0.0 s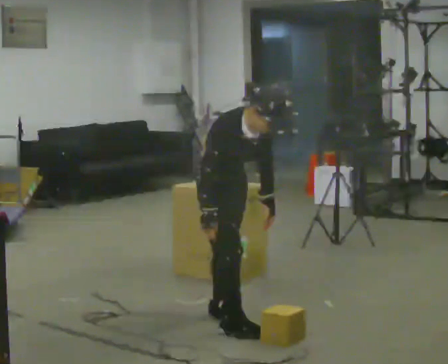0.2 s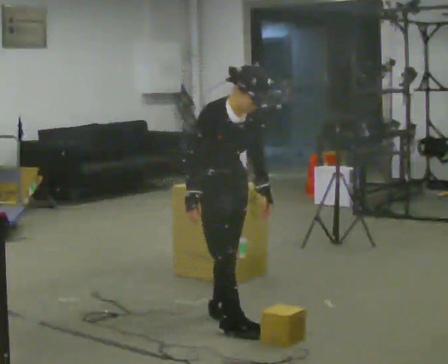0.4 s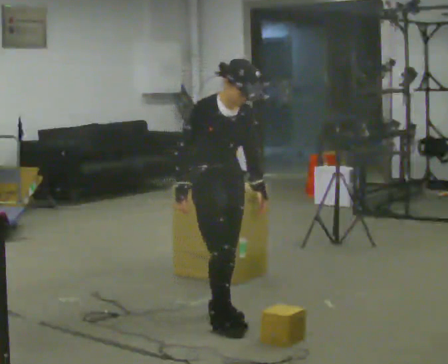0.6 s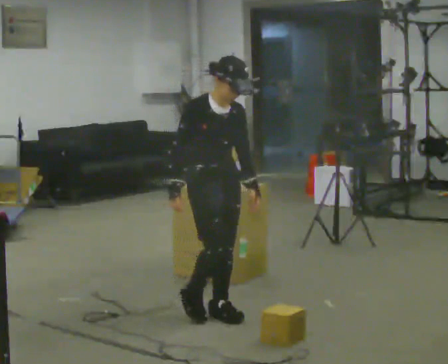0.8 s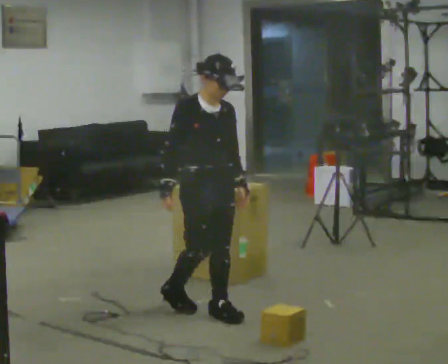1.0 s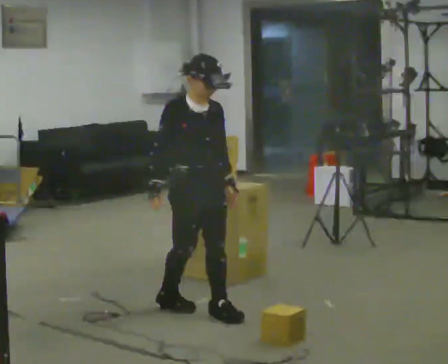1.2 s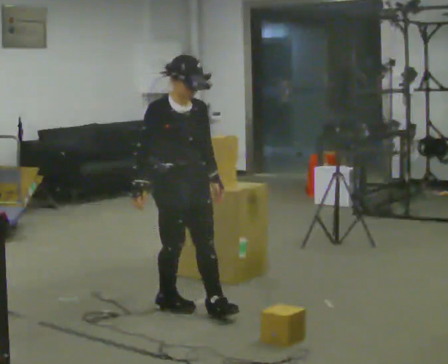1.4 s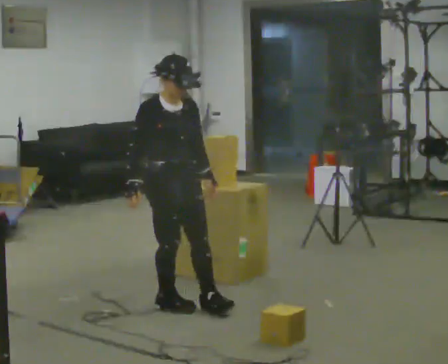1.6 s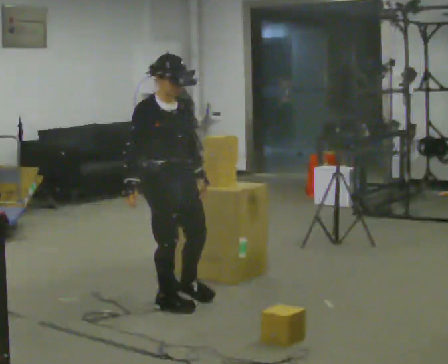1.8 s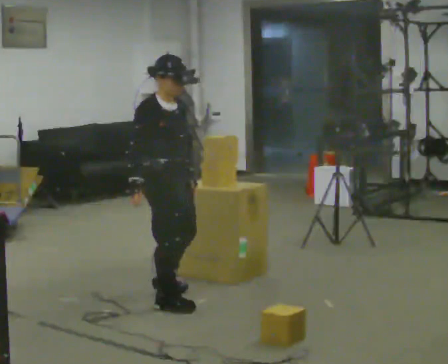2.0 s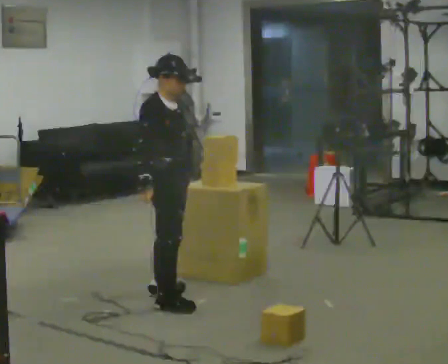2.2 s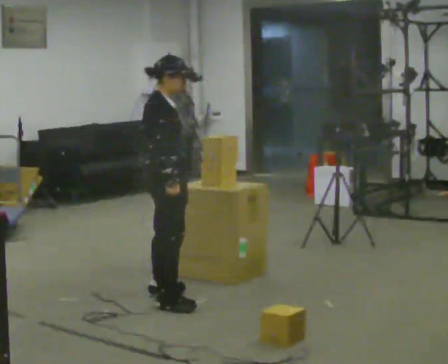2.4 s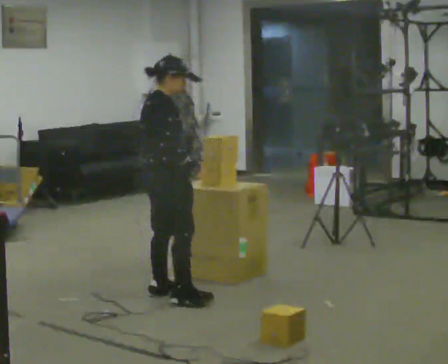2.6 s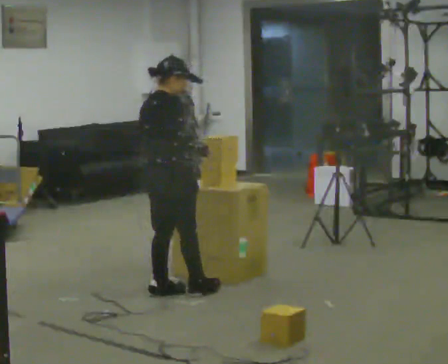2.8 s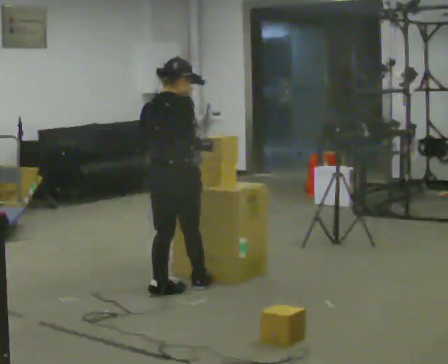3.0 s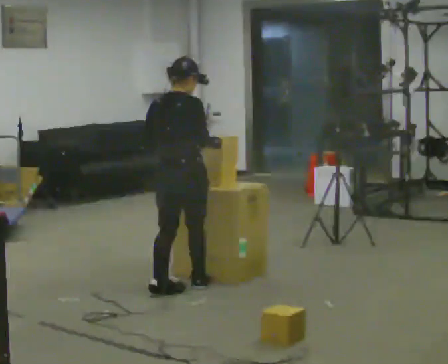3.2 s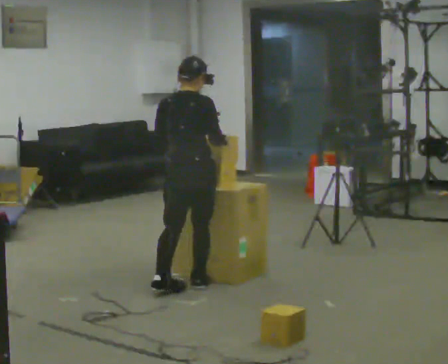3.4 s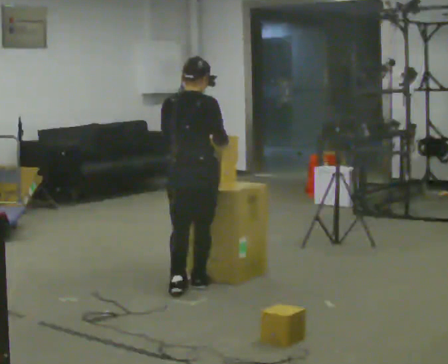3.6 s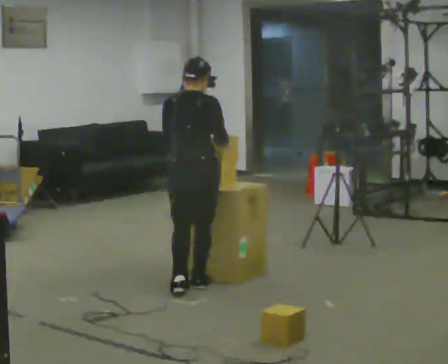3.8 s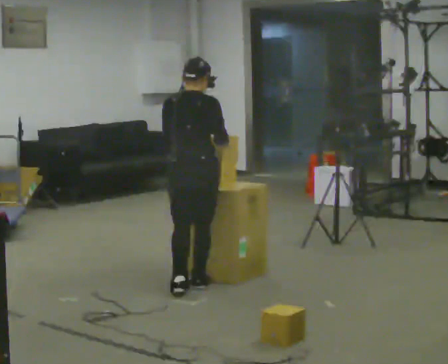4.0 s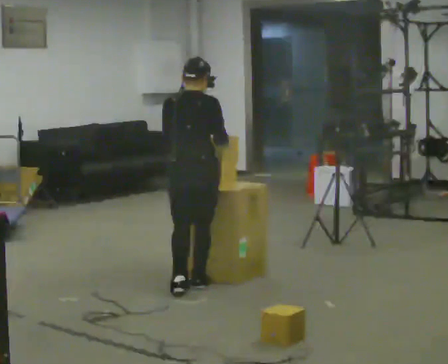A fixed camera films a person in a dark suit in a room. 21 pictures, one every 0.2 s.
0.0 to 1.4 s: In the picture they go away from the camera and to the left, about 0.5 m in 2 steps, which for them is backward. The upper body tips away from the camera, its near side rolling upward, as they lean back or straighten.
1.4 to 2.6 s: The person turns about 75 degrees to their left, counterclockwise seen from above, so the part of the body nearest the lens slides to the right. In the picture they go away from the camera, about 0.25 m in 1 step.
2.6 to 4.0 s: The part of the body nearest the lens slides to the right as the person turns to their left by about 45 degrees. In the picture they go to the right and away from the camera, about 0.25 m in 1 step, which for them is forward and to their right.
The film runs backward here.
